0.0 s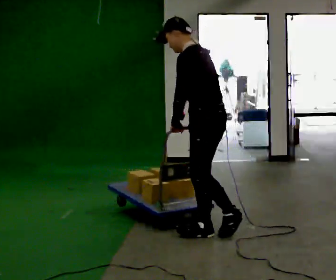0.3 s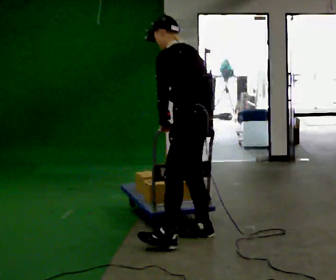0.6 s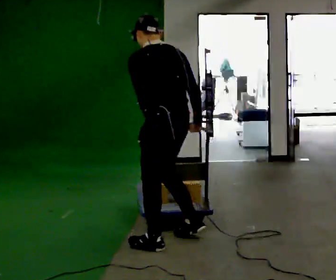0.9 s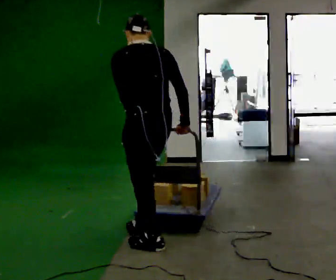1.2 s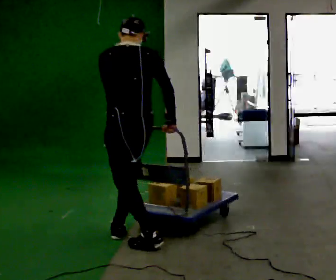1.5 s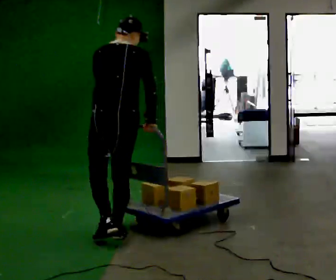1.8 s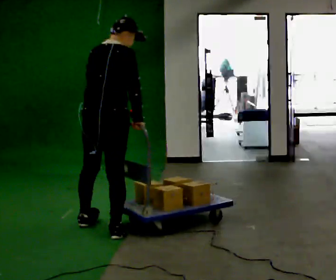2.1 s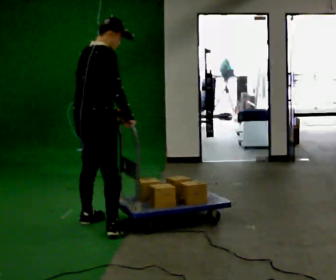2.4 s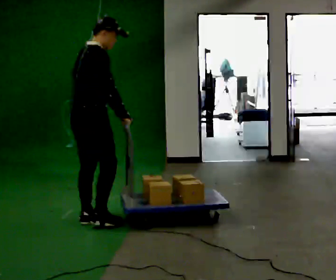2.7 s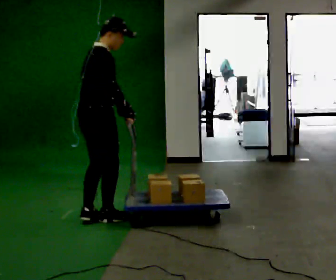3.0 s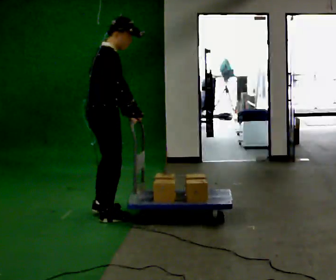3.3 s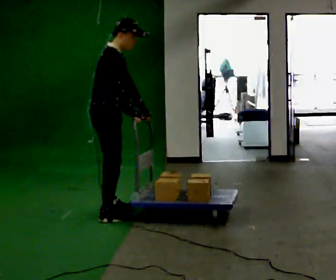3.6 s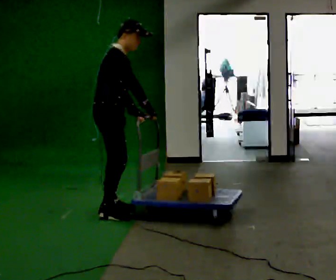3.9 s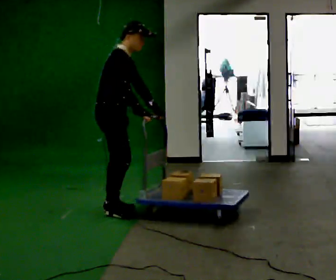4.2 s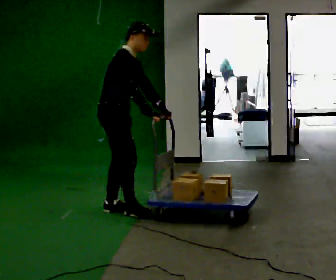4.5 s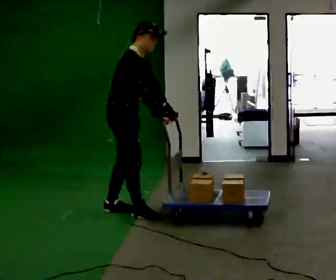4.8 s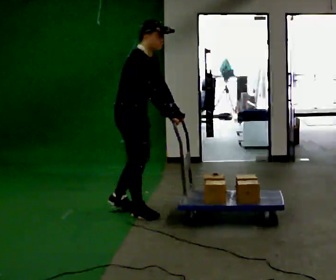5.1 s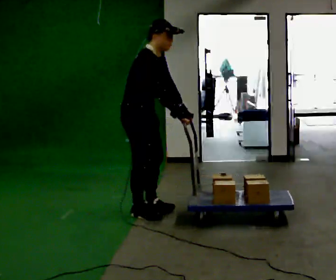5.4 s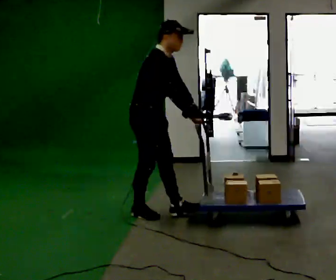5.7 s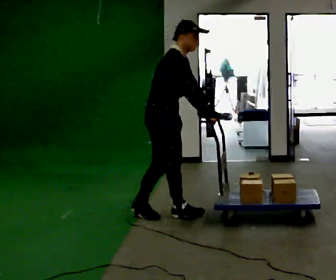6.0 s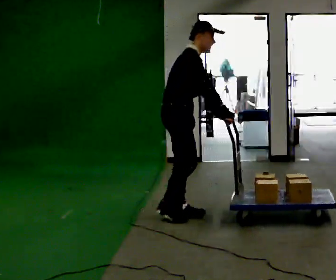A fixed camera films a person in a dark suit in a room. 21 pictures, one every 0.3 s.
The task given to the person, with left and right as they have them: Push the cart across the room and back. The operator will change how much is loaded on it between takes and will tell you each time.
0.0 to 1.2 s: Seen from above the body turns clockwise, about 60 degrees: to their right, with its near side sliding to the left. In the picture they go to the left, about 0.5 m in 2 steps. In the picture the upper body tilts clockwise, shoulders to the right.
1.2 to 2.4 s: The part of the body nearest the lens slides to the left as the person turns to their right by about 90 degrees. In the picture they go away from the camera and to the left, about 0.5 m in 1 step.
2.4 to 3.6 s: The person turns about 30 degrees to their right, clockwise seen from above, so the part of the body nearest the lens slides to the left. In the picture they go away from the camera, about 0.5 m in 2 steps, which for them is to their left and forward.
3.6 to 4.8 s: In the picture they go to the right, about 0.25 m in 1 step, which for them is forward.
4.8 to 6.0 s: In the picture they go to the right, about 0.5 m in 1 step, which for them is forward.
The film runs forward here.
